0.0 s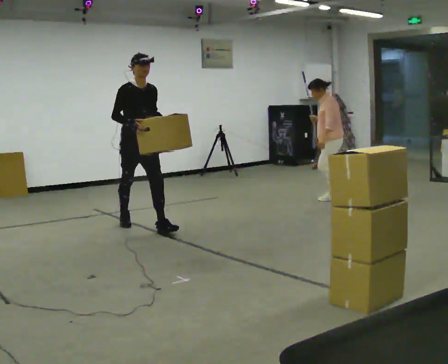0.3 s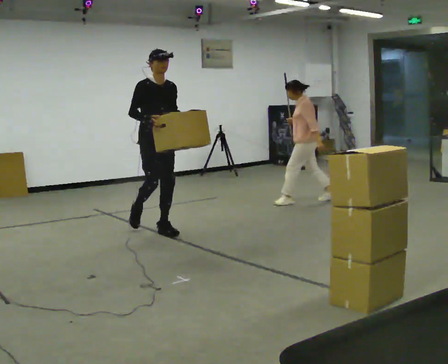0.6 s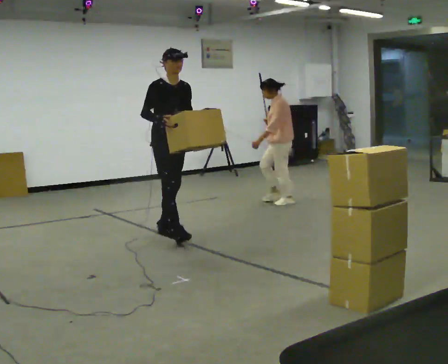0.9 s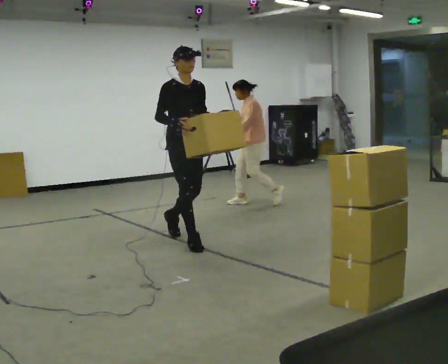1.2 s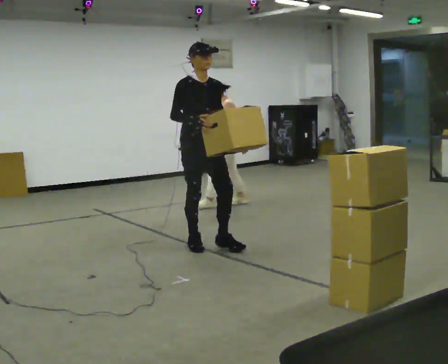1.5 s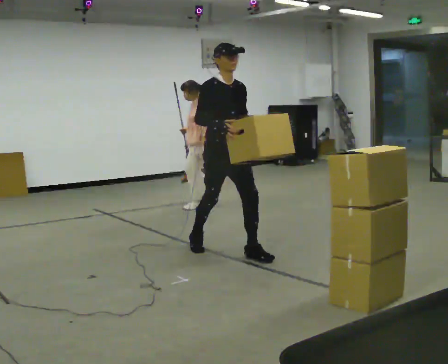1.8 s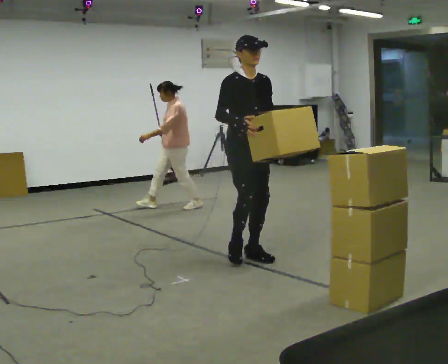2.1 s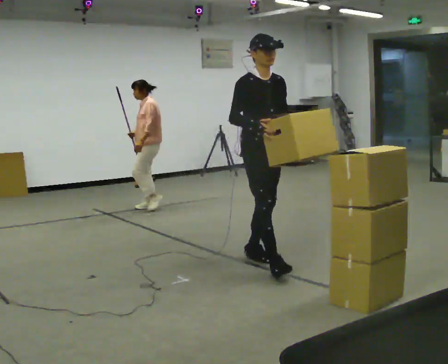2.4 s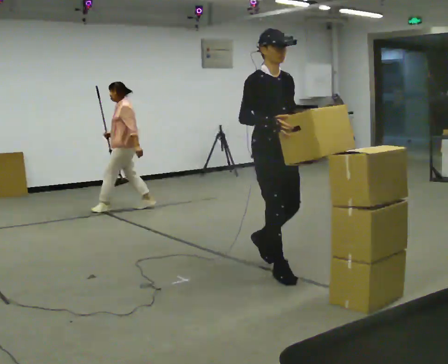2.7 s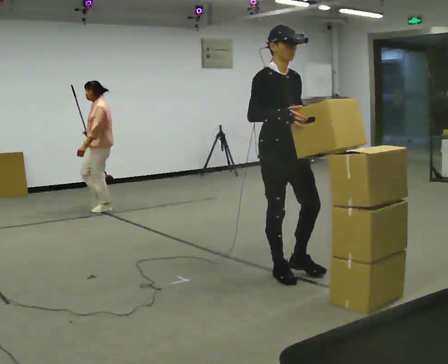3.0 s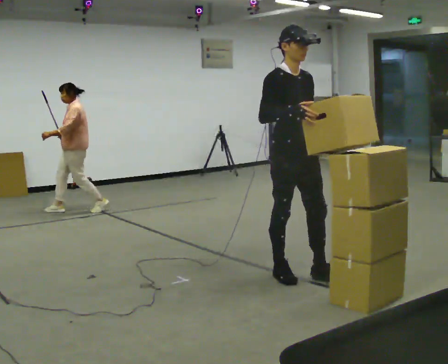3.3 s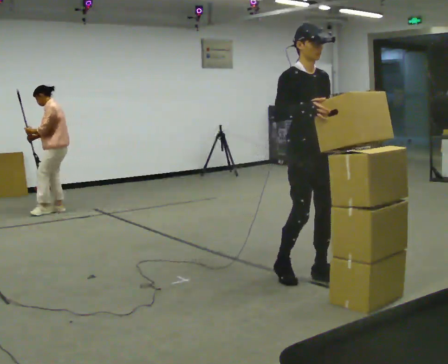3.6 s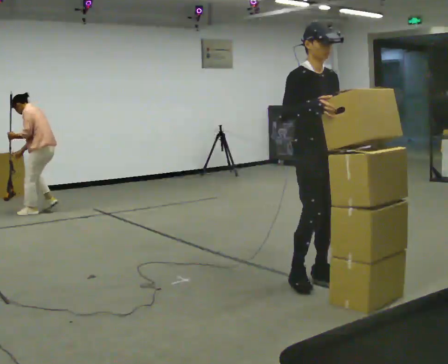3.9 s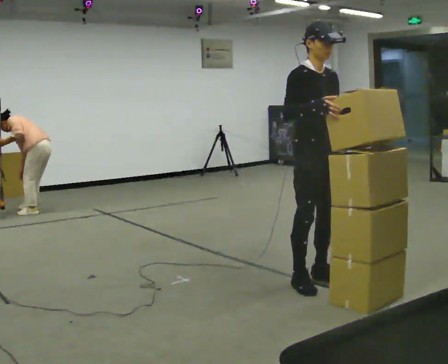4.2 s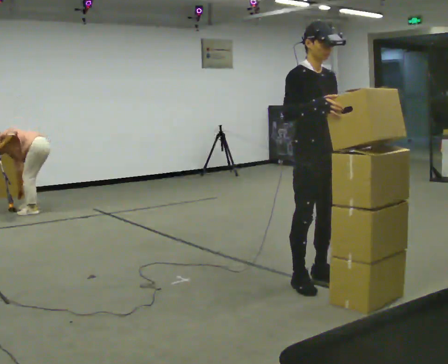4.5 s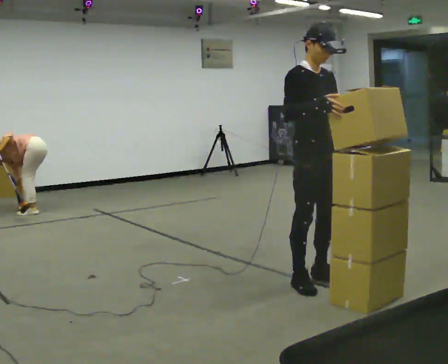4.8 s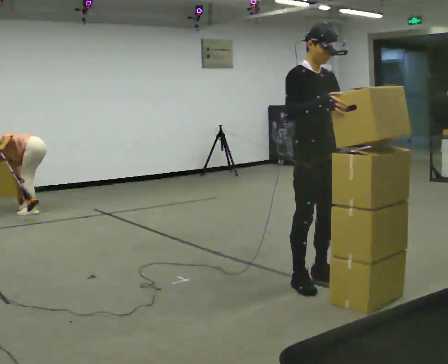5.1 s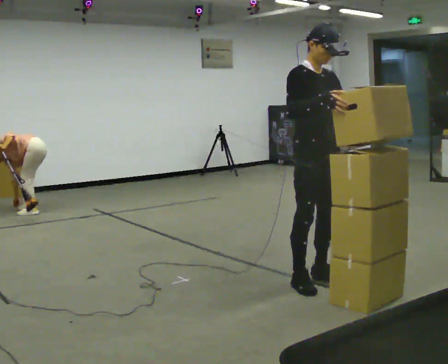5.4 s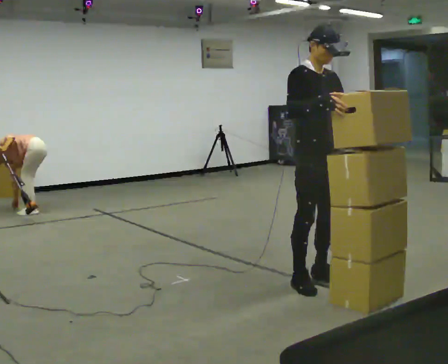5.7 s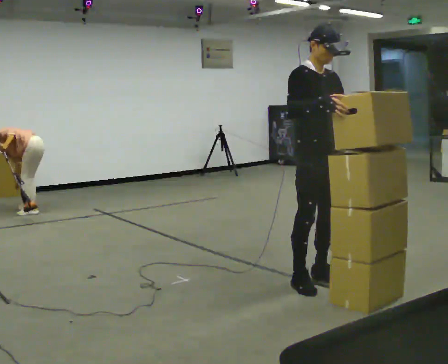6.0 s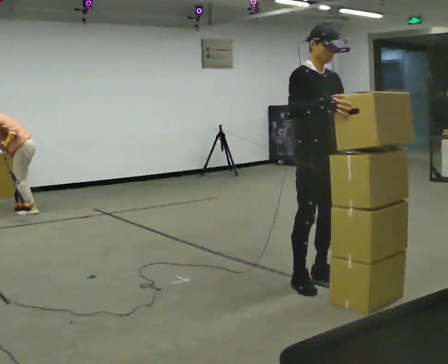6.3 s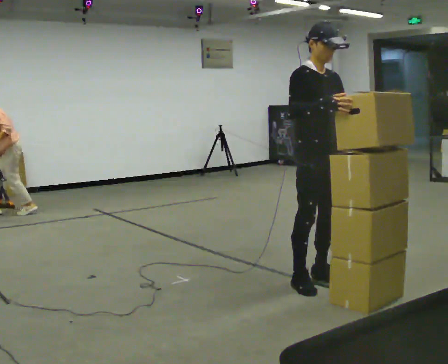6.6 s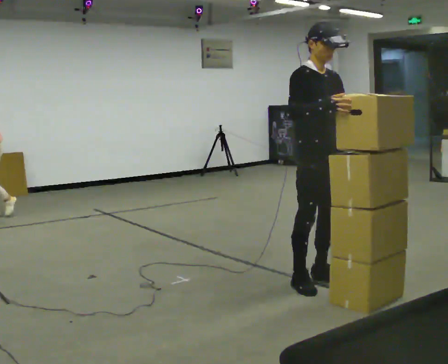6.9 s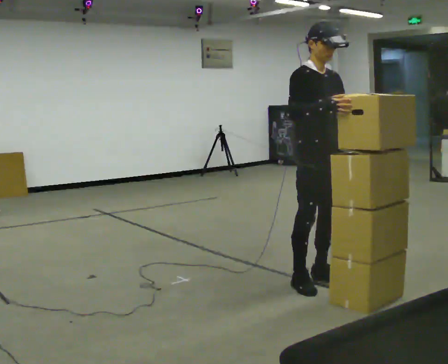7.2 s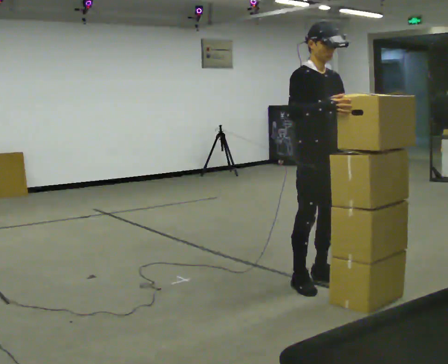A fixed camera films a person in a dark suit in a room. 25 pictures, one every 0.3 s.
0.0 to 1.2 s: In the picture they go to the right and toward the camera, about 1 m in 1 step, which for them is forward.
1.2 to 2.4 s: In the picture they go toward the camera and to the right, about 1 m in 2 steps, which for them is forward.
2.4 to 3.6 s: In the picture they go to the right and toward the camera, about 0.25 m in 1 step, which for them is forward.
3.6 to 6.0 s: The person moves a little, or ends about where they began.
6.0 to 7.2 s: The person keeps their place and pose.
The film runs forward here.
